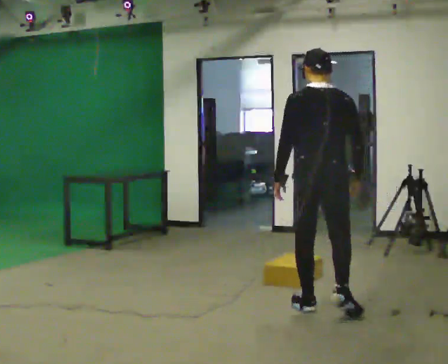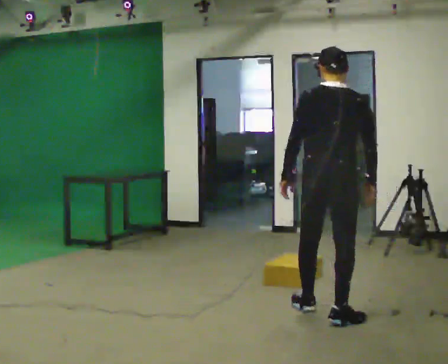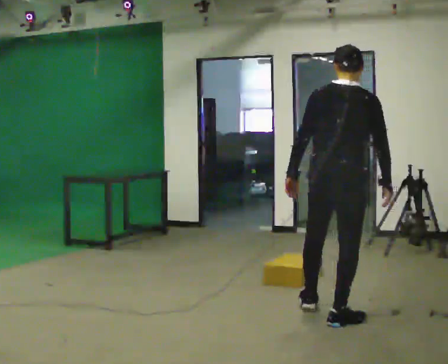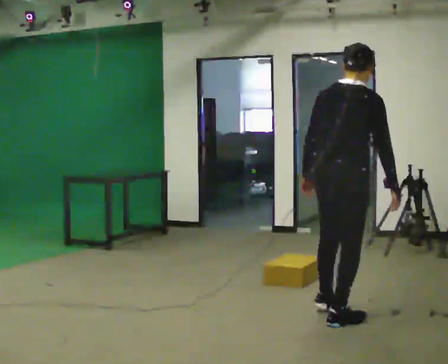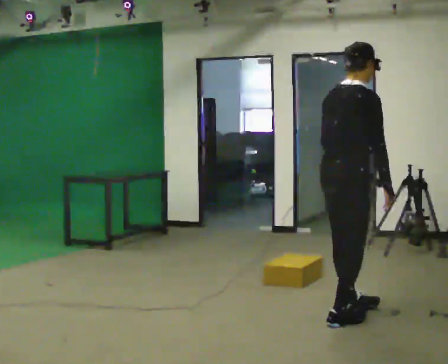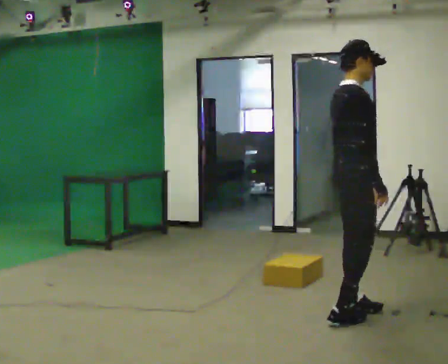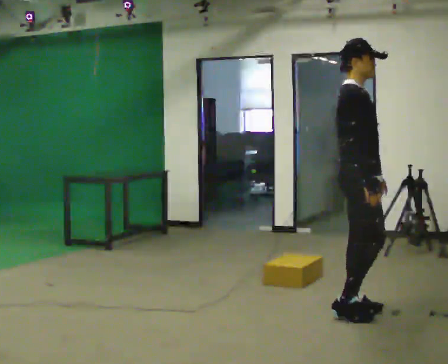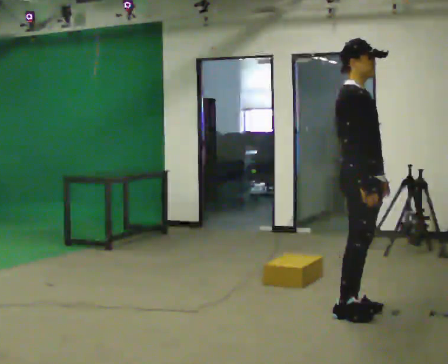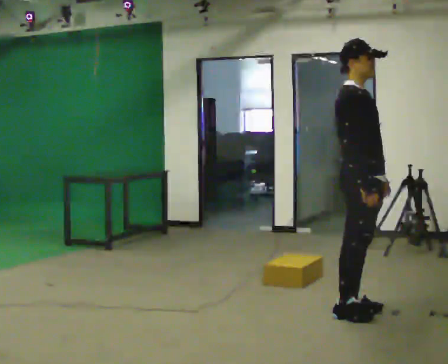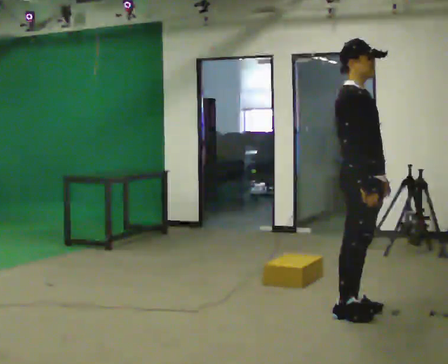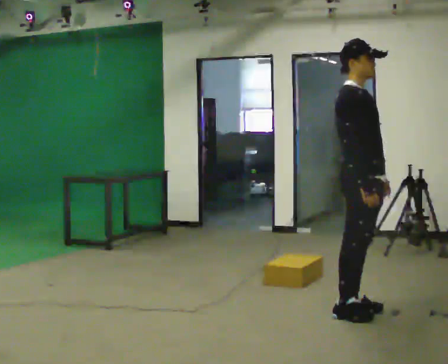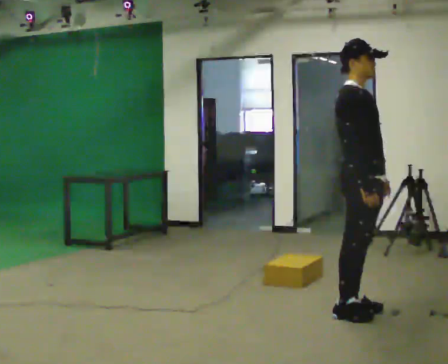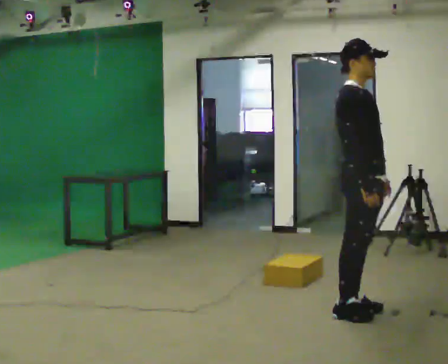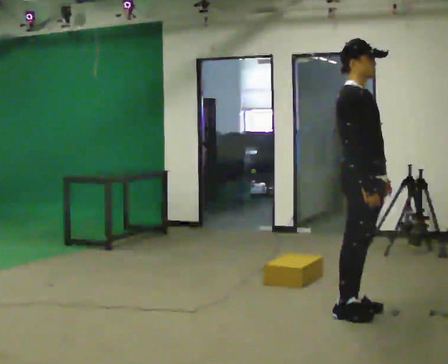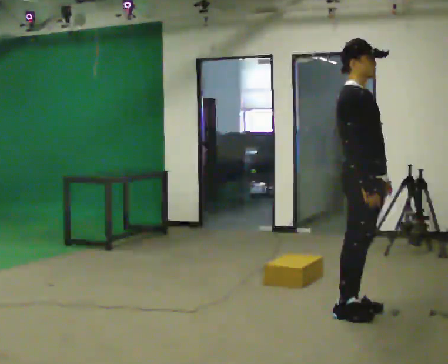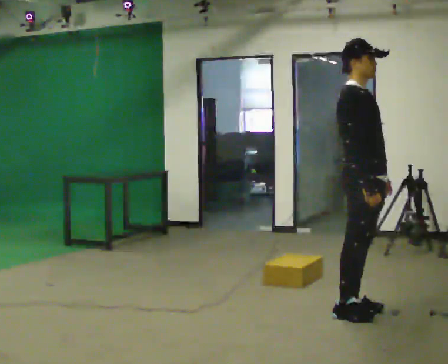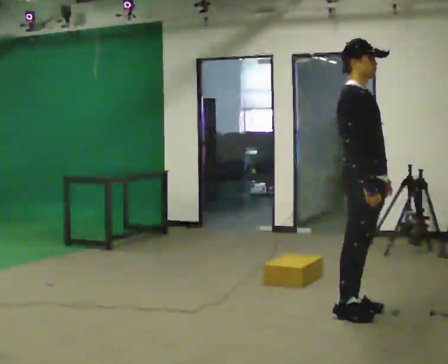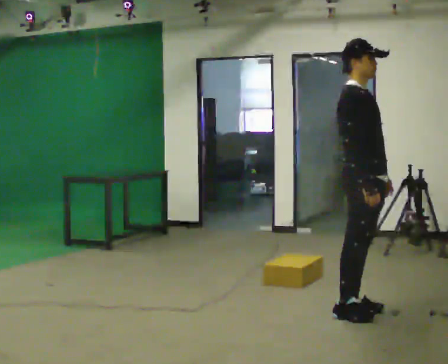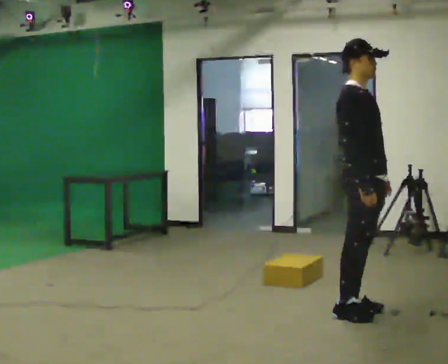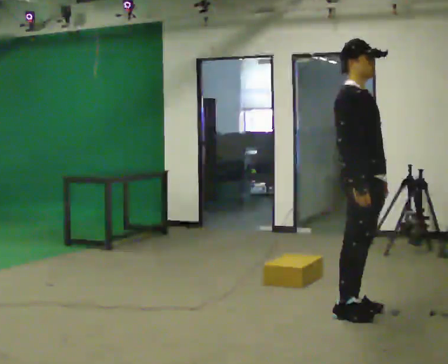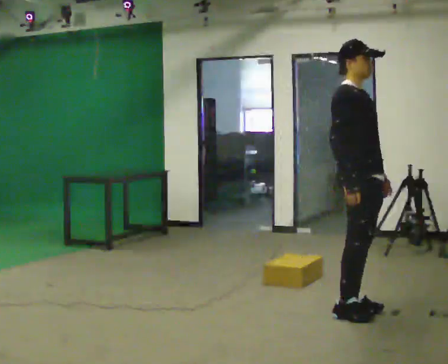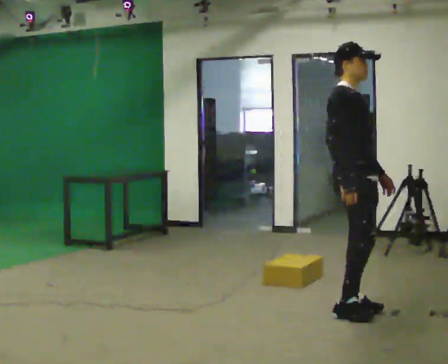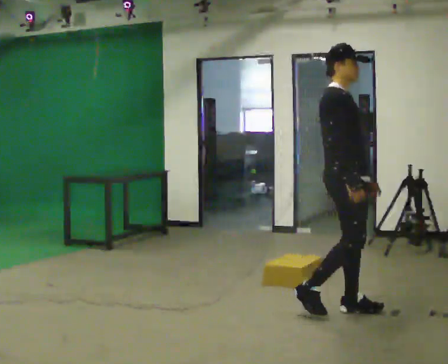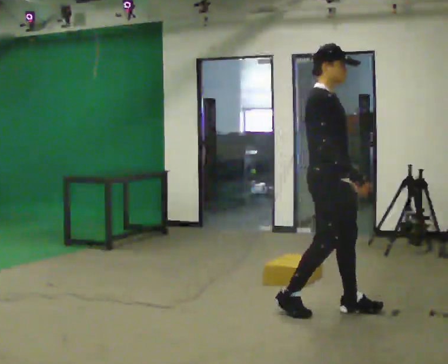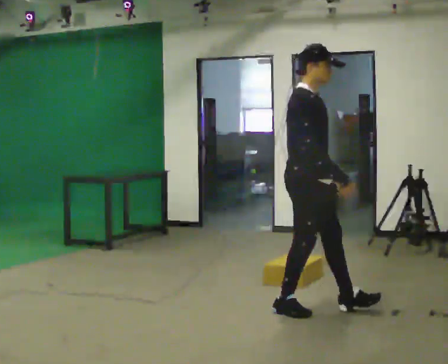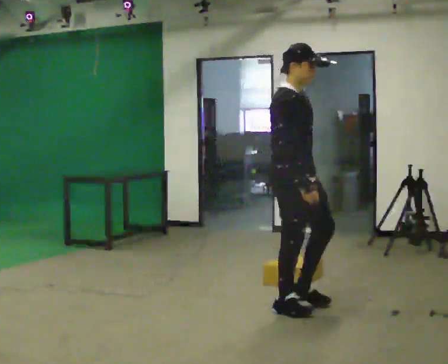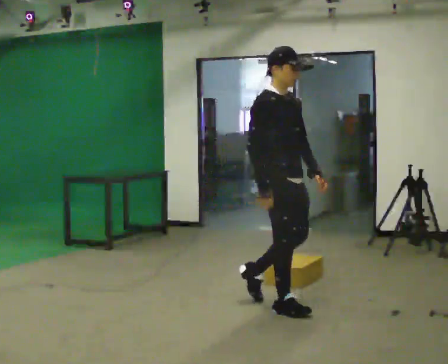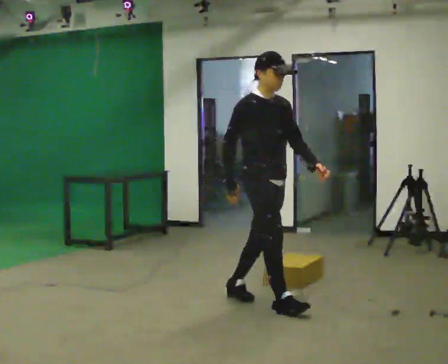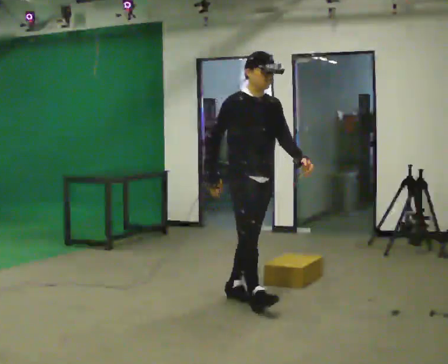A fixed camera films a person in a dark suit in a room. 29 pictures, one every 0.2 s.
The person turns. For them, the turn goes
to their right.
The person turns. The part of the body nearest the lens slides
to the left.
0.0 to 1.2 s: Seen from above the body turns clockwise, about 90 degrees: to their right, with its near side sliding to the left. In the picture they go to the right and toward the camera, about 0.25 m in 2 steps.
1.2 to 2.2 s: The person moves a little, or ends about where they began.
2.2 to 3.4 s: The person keeps their place and pose.
3.4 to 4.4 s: The person moves a little, or ends about where they began.
4.4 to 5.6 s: Seen from above the body turns clockwise, about 30 degrees: to their right, with its near side sliding to the left. In the picture they go to the left, about 0.5 m in 2 steps, which for them is backward.
The film runs backward here.
